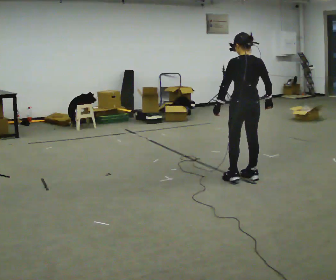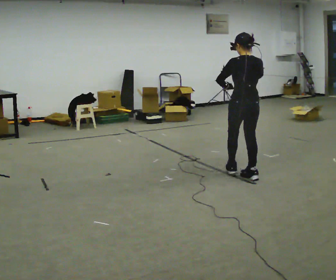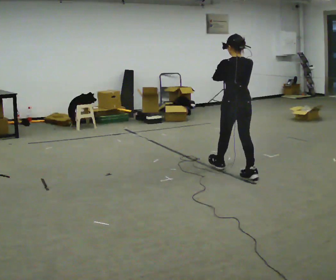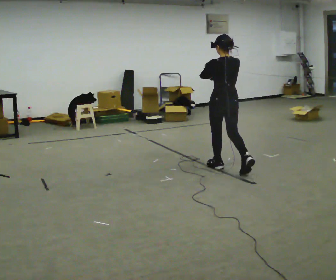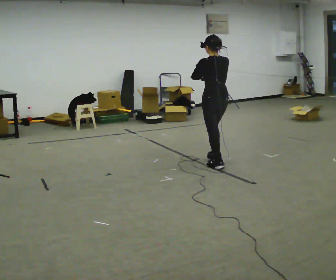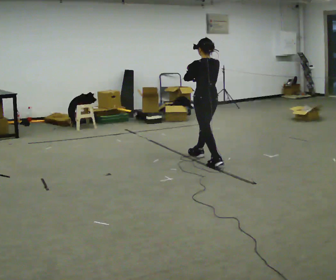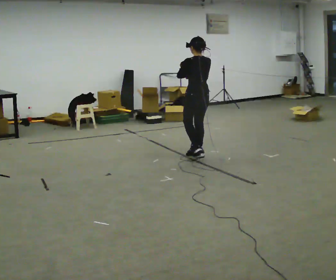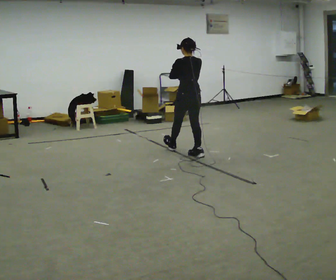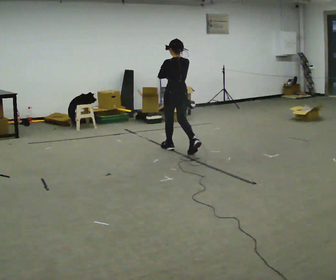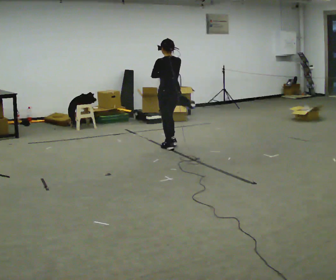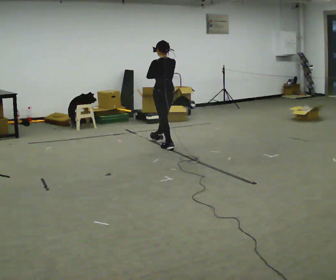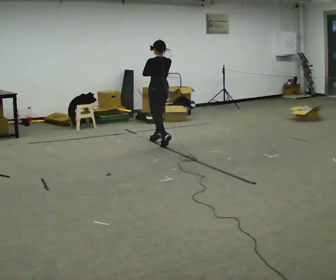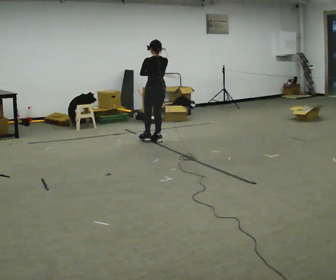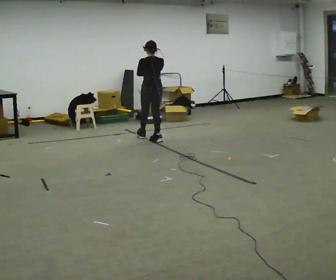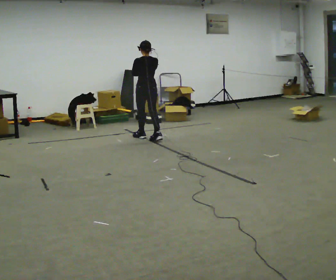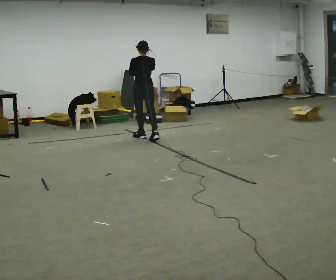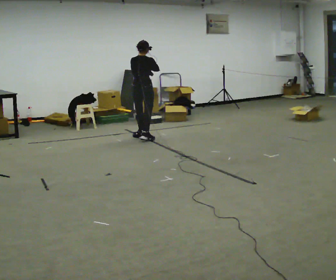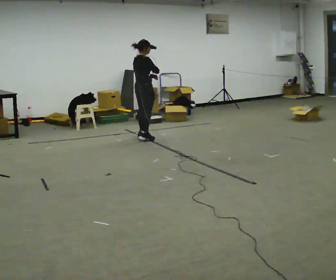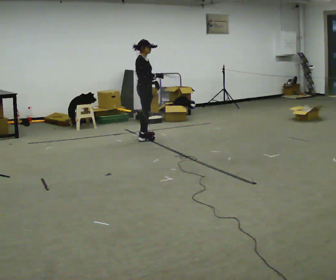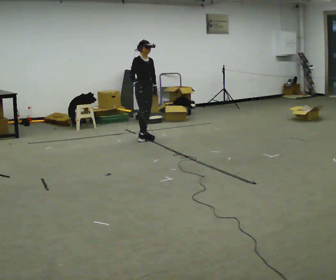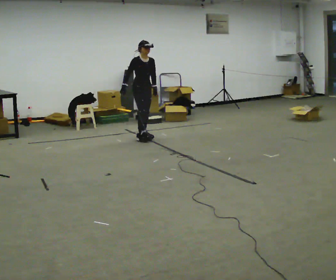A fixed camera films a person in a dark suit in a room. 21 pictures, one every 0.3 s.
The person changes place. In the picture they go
away from the camera.
0.0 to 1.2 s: In the picture they go away from the camera and to the left, about 0.5 m in 1 step, which for them is forward. In the picture their right hand goes upward.
1.2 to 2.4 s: In the picture they go away from the camera and to the left, about 1 m in 2 steps, which for them is forward.
2.4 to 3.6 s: In the picture they go away from the camera and to the left, about 0.75 m in 1 step, which for them is forward.
3.6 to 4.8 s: The person turns about 45 degrees to their right, clockwise seen from above, so the part of the body nearest the lens slides to the left. In the picture they go to the left and away from the camera, about 0.25 m in 1 step, which for them is forward and to their left.
4.8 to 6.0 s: The person turns about 120 degrees to their right, clockwise seen from above, so the part of the body nearest the lens slides to the left. In the picture their right hand goes to the left and downward.
The film runs forward here.
